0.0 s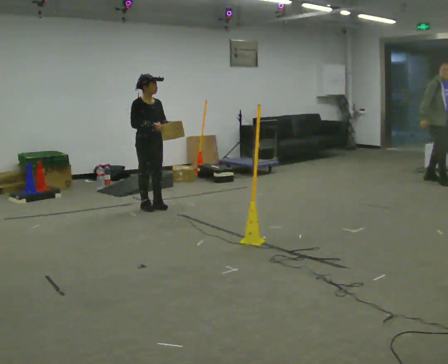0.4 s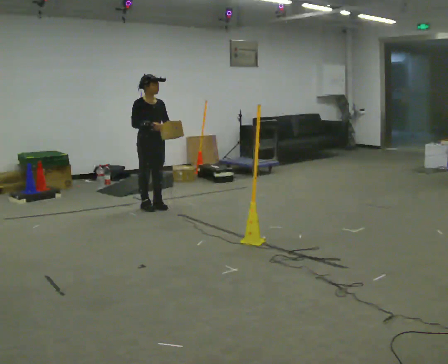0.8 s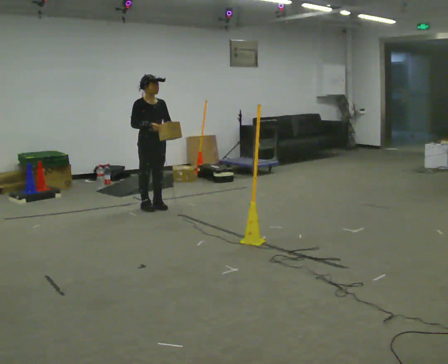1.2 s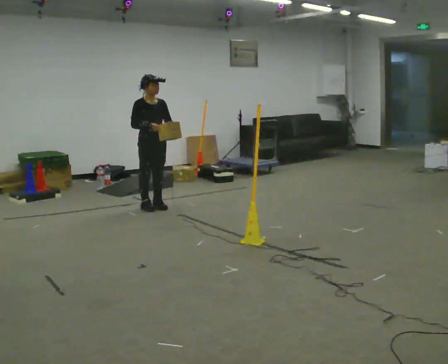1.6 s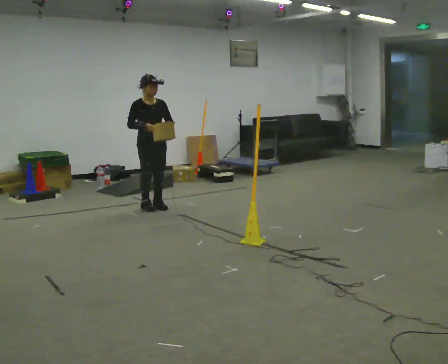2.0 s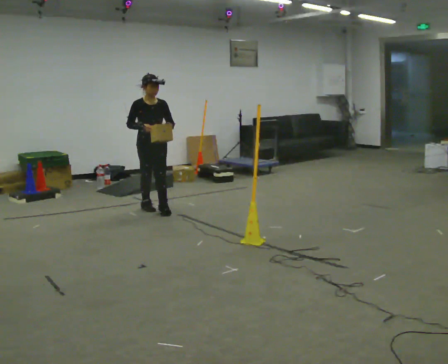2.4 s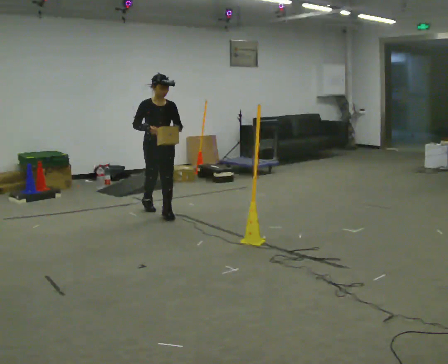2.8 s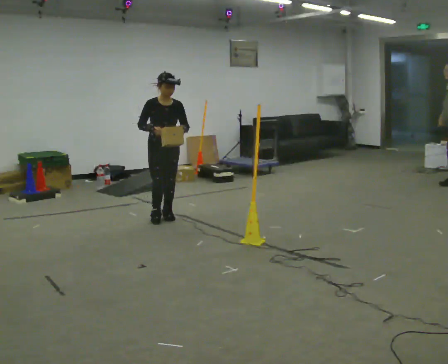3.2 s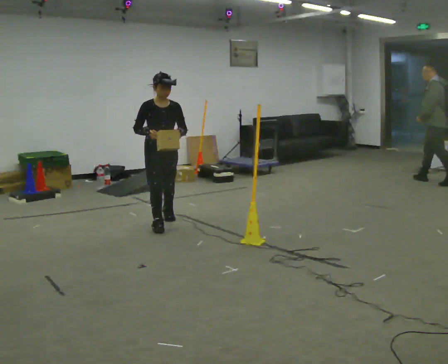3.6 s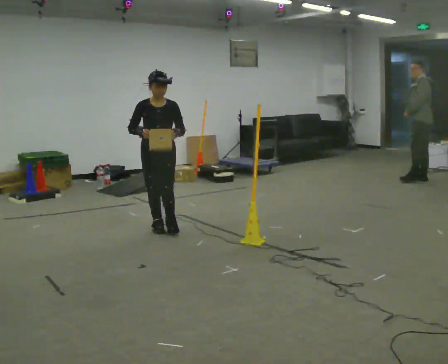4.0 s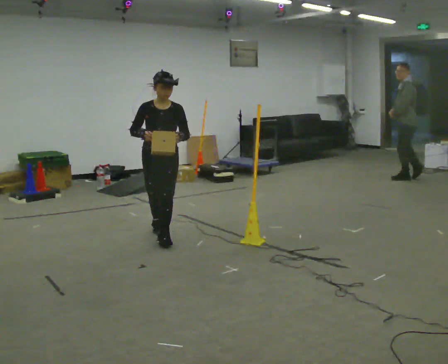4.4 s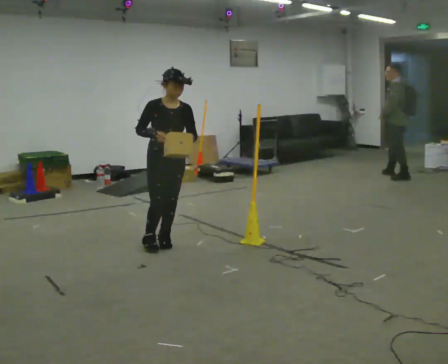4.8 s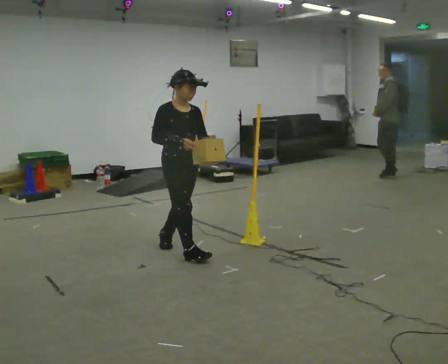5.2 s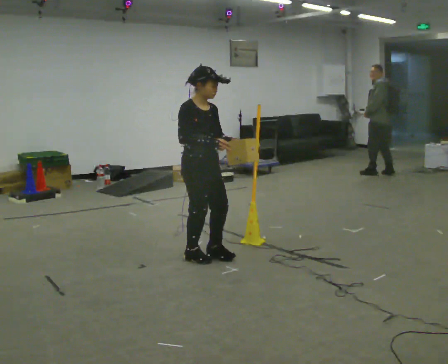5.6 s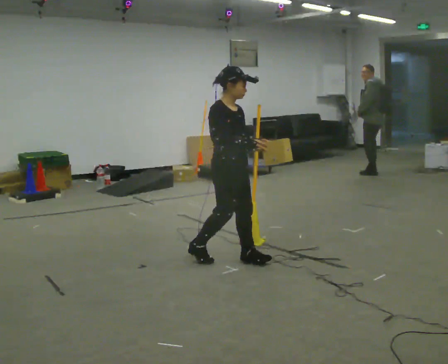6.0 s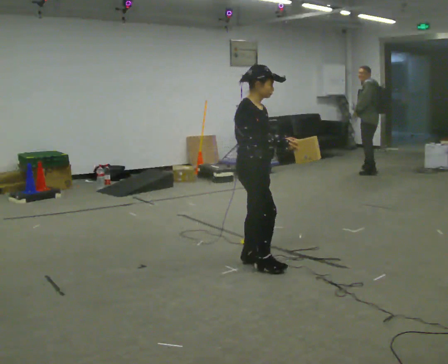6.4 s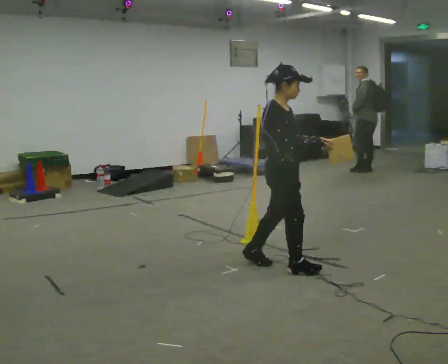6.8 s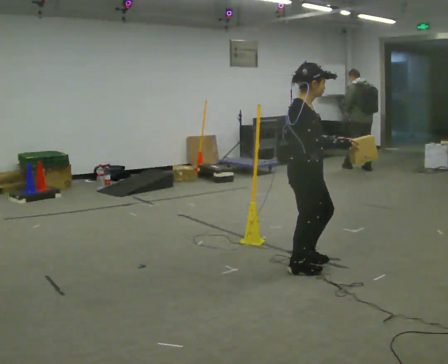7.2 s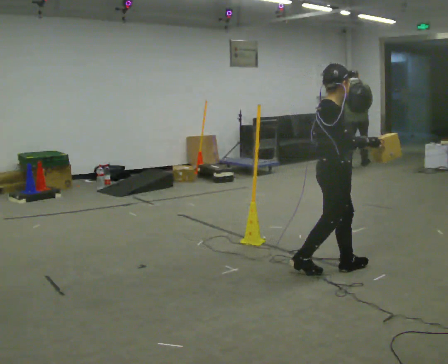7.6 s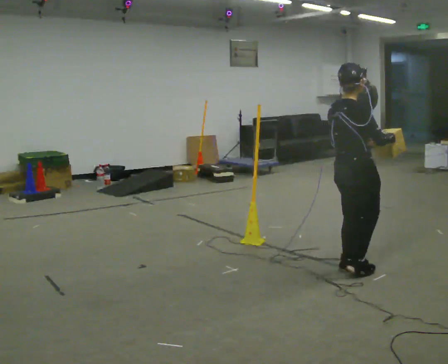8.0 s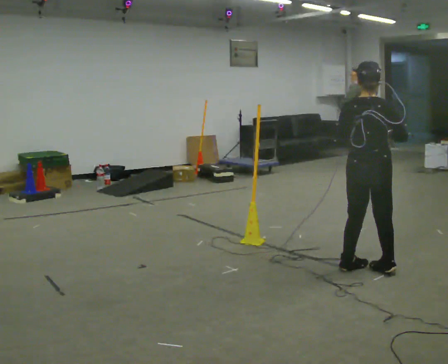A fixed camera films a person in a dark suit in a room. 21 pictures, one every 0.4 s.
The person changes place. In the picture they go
toward the camera.
0.0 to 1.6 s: The person moves a little, or ends about where they began.
1.6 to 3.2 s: In the picture they go toward the camera, about 0.75 m in 2 steps, which for them is forward.
3.2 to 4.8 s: The part of the body nearest the lens slides to the right as the person turns to their left by about 30 degrees. In the picture they go toward the camera, about 1 m in 2 steps, which for them is forward.
4.8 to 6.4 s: The person turns about 30 degrees to their left, counterclockwise seen from above, so the part of the body nearest the lens slides to the right. In the picture they go to the right and toward the camera, about 1 m in 2 steps, which for them is forward.
6.4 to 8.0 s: The person turns about 90 degrees to their left, counterclockwise seen from above, so the part of the body nearest the lens slides to the right. In the picture they go to the right and toward the camera, about 0.5 m in 2 steps.
The film runs forward here.
